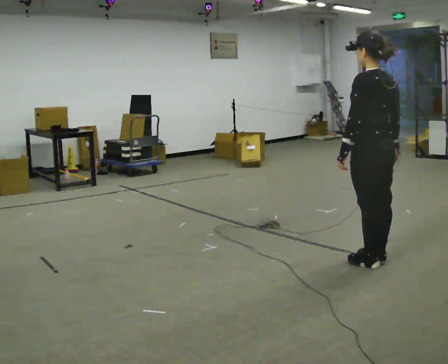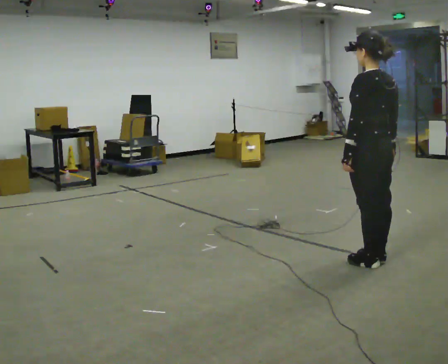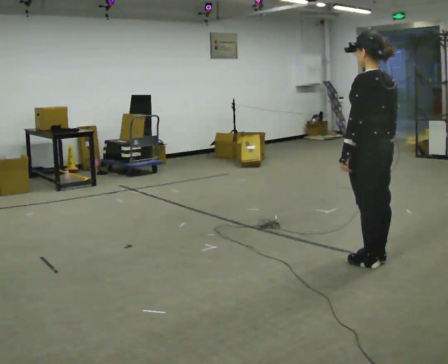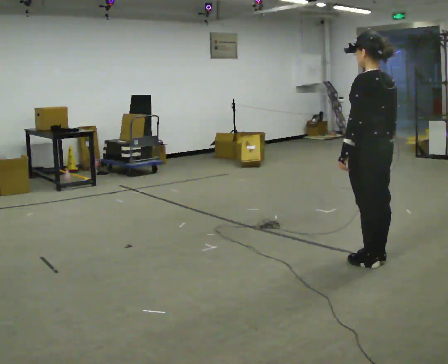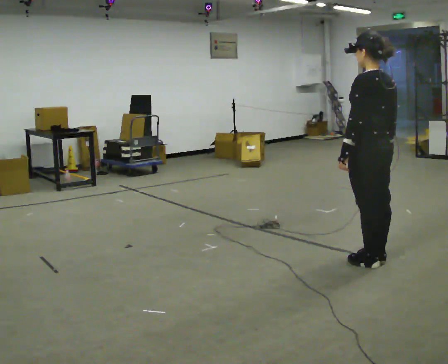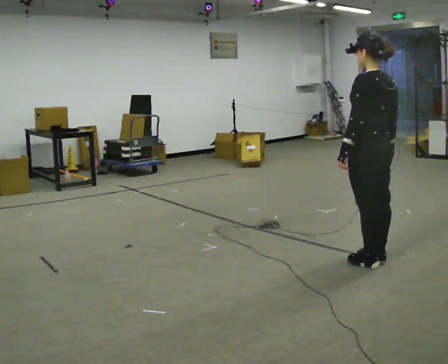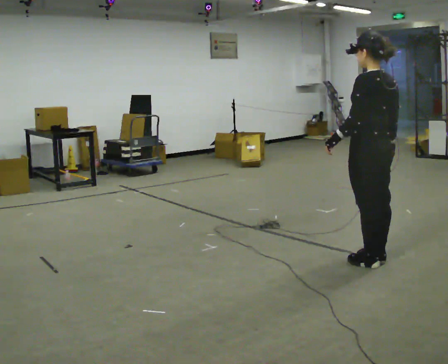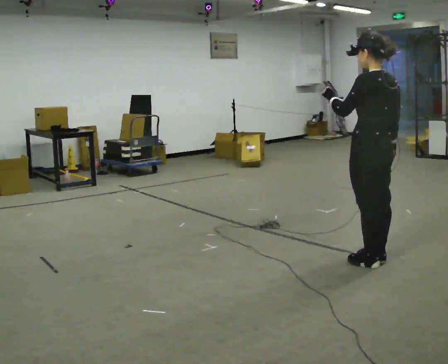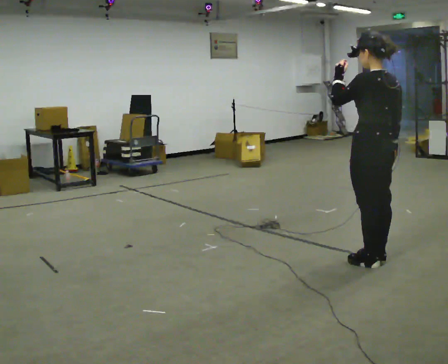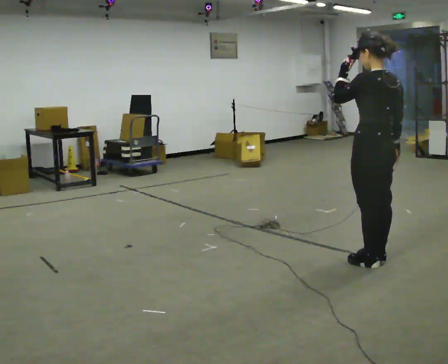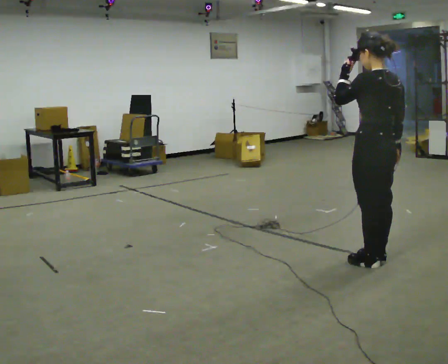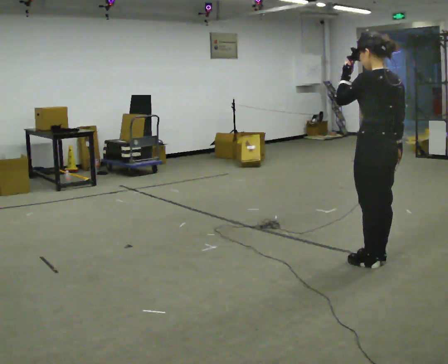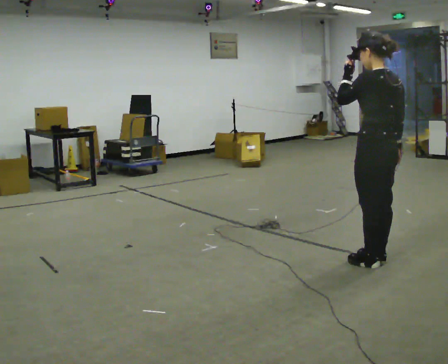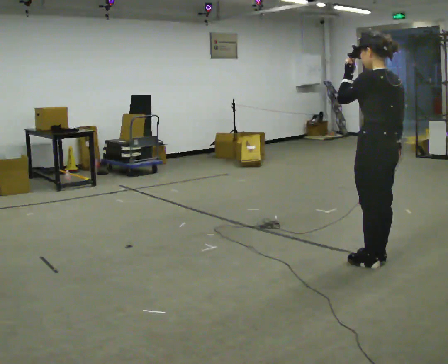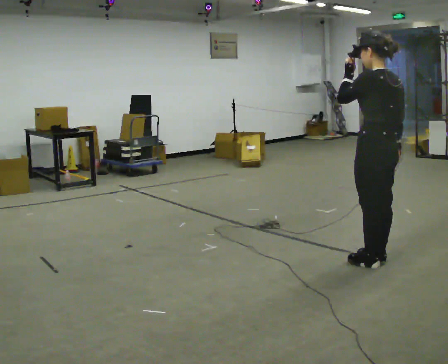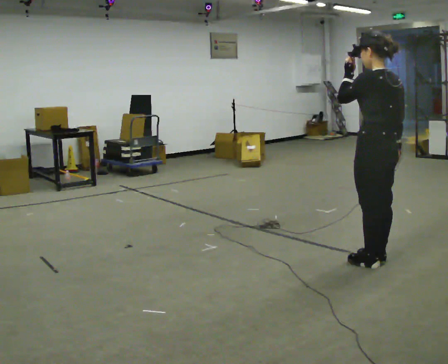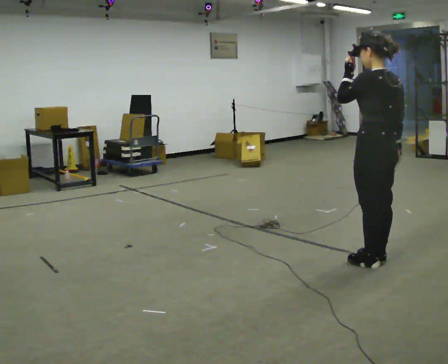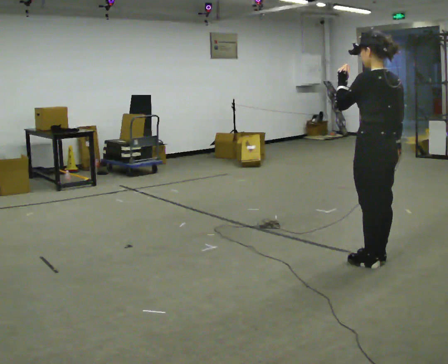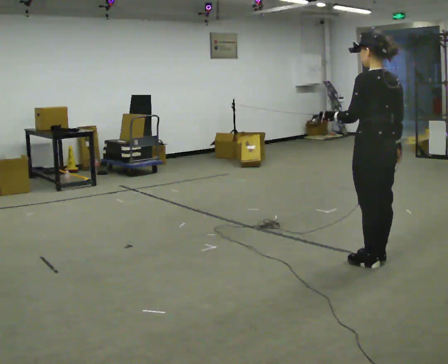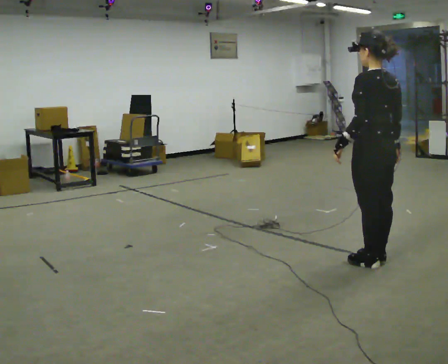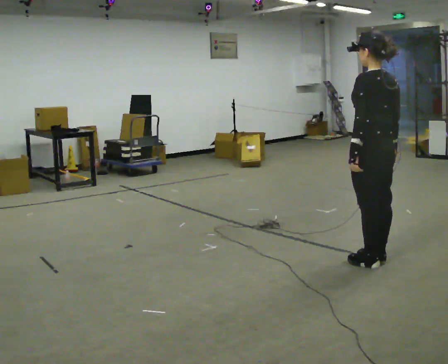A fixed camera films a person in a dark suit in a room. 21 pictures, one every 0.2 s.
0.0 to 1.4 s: In the picture their left hand goes upward, the arm swinging clockwise.
1.4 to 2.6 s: The person moves a little, or ends about where they began.
2.6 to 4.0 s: In the picture their left hand goes downward.
The film runs forward here.
